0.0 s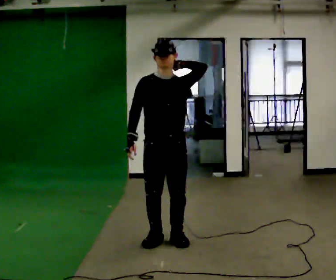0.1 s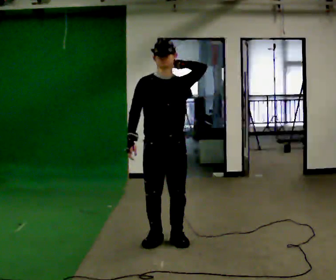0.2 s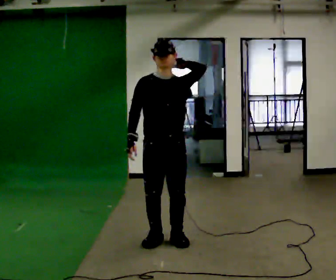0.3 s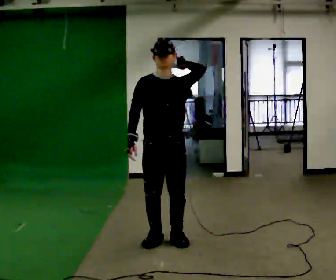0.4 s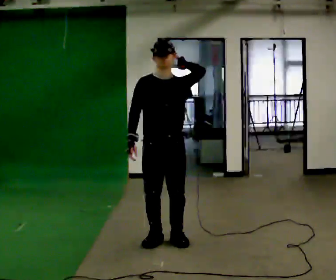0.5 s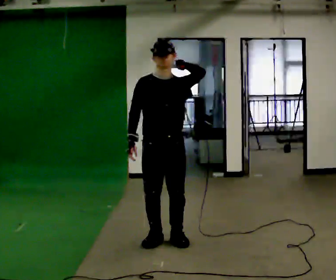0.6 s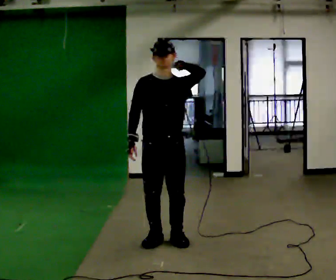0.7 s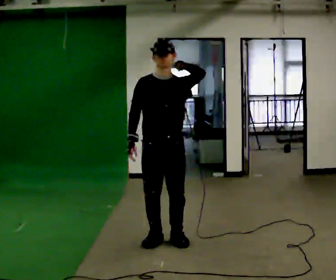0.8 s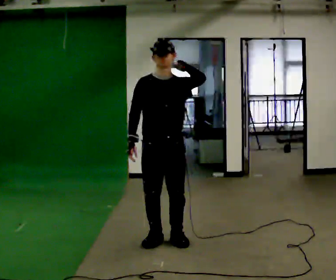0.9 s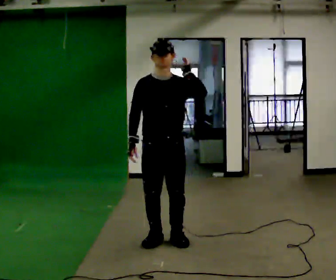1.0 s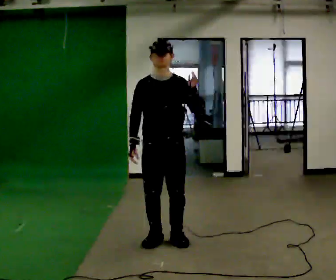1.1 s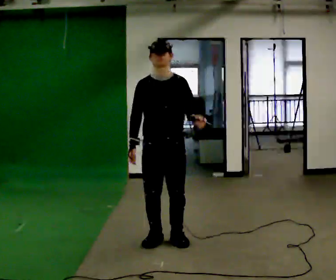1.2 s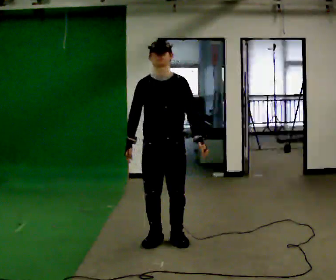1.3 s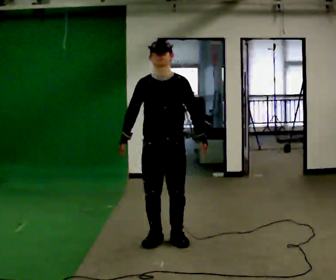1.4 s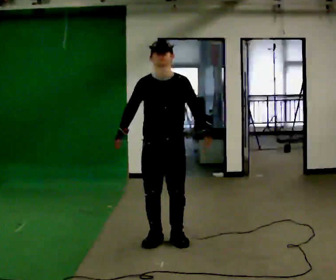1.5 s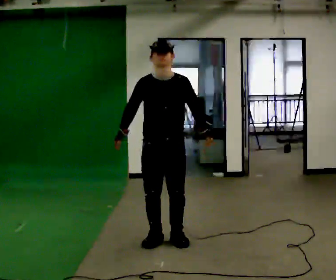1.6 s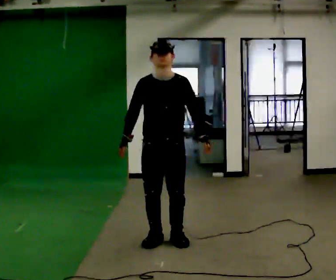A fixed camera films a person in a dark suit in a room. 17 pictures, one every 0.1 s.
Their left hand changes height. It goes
downward.
0.0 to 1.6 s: In the picture their left hand goes downward.
The film runs forward here.
